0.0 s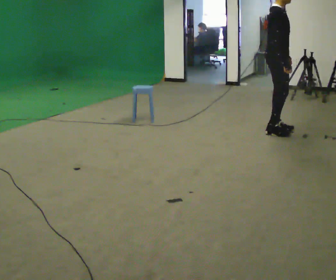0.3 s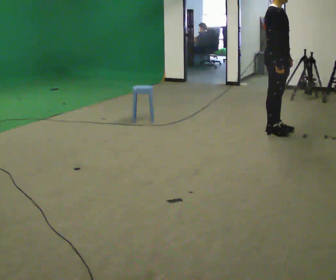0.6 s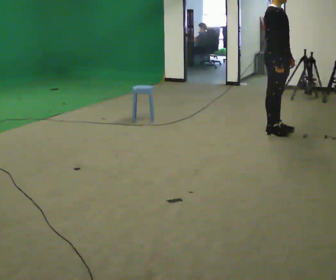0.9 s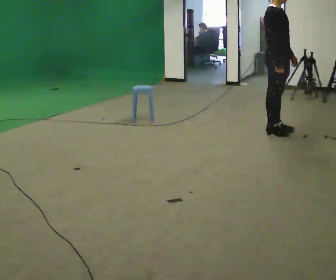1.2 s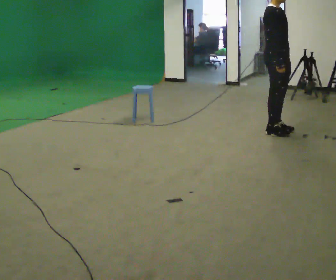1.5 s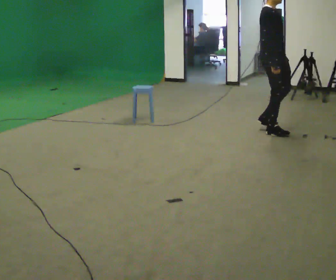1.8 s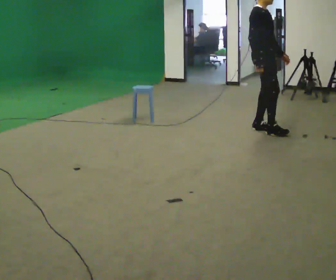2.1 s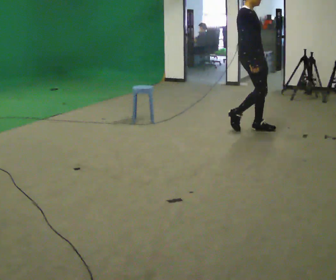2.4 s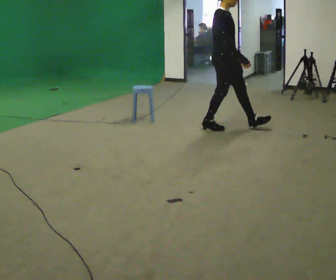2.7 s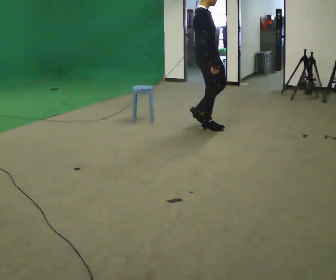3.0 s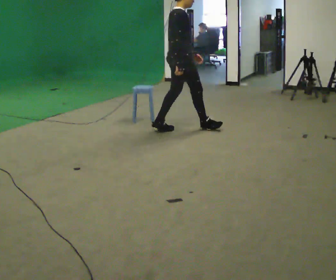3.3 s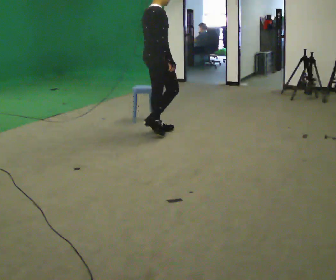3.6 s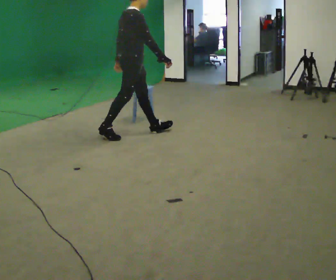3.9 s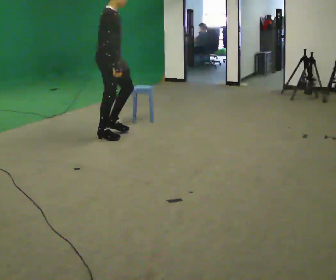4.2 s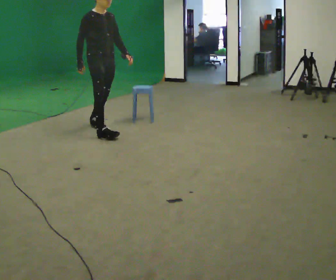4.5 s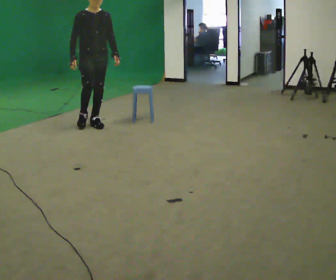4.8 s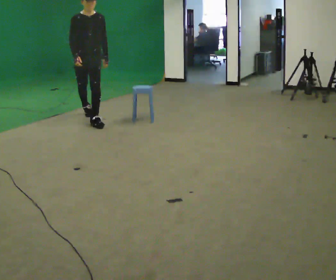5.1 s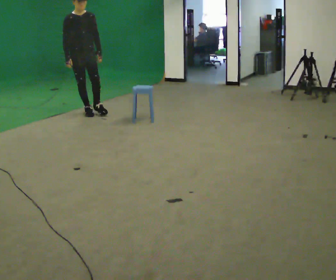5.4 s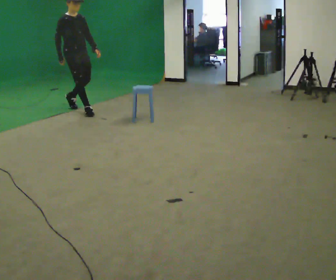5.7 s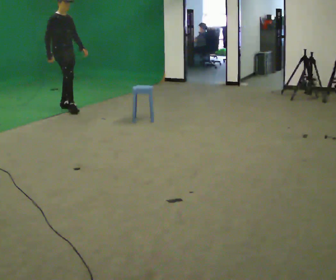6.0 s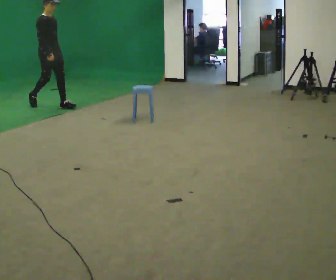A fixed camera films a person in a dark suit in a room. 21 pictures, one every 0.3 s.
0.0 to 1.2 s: The person moves a little, or ends about where they began.
1.2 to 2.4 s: In the picture they go to the left, about 0.5 m in 3 steps, which for them is backward.
2.4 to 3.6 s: The part of the body nearest the lens slides to the right as the person turns to their left by about 45 degrees. In the picture they go to the left, about 1 m in 1 step, which for them is backward.
3.6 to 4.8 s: Seen from above the body turns clockwise, about 90 degrees: to their right, with its near side sliding to the left. In the picture they go to the left and away from the camera, about 1 m in 2 steps.
4.8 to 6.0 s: The person turns about 60 degrees to their left, counterclockwise seen from above, so the part of the body nearest the lens slides to the right. In the picture they go to the left and away from the camera, about 1 m in 2 steps, which for them is backward.
The film runs backward here.
